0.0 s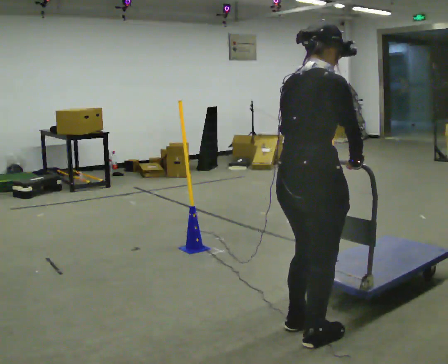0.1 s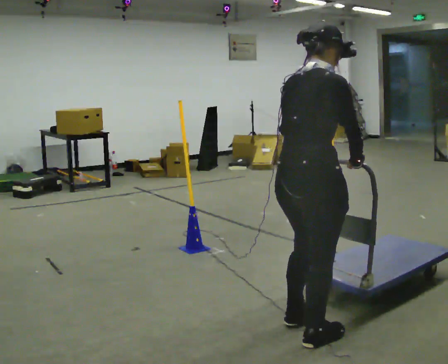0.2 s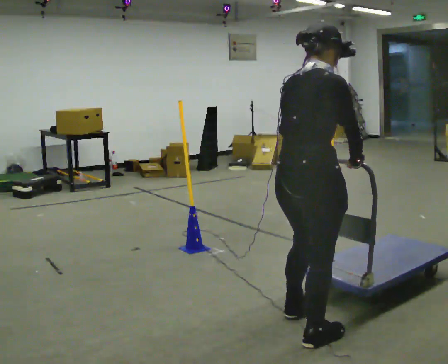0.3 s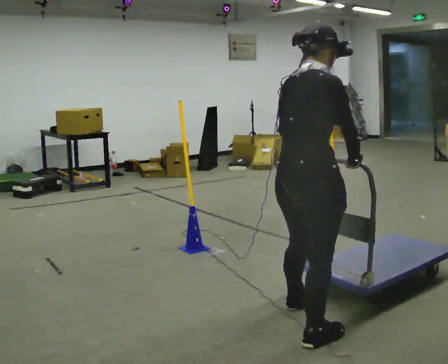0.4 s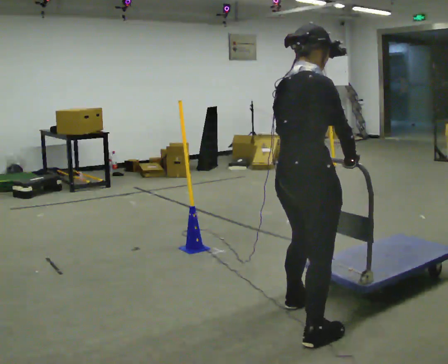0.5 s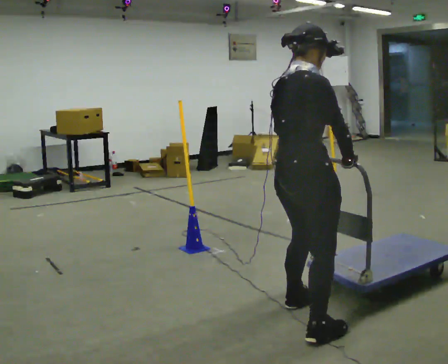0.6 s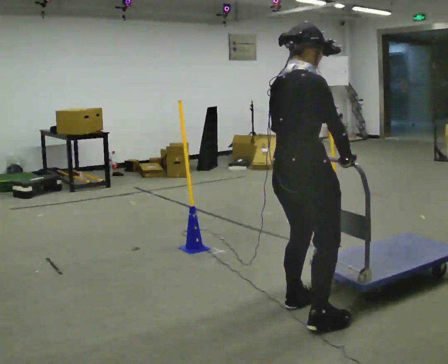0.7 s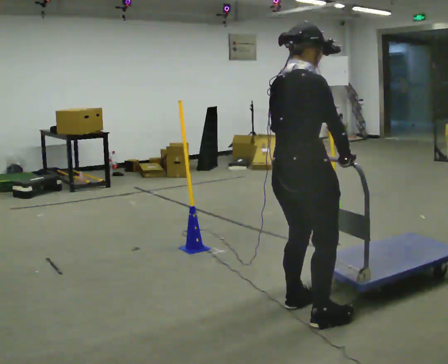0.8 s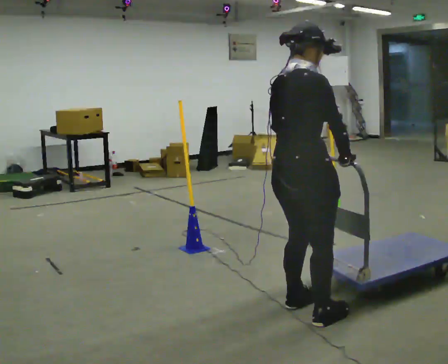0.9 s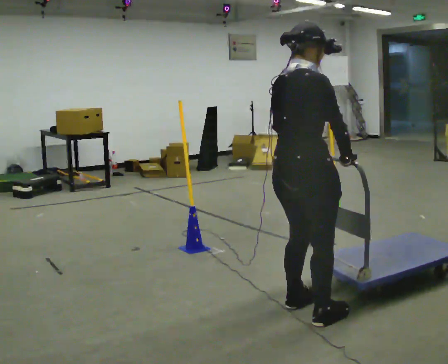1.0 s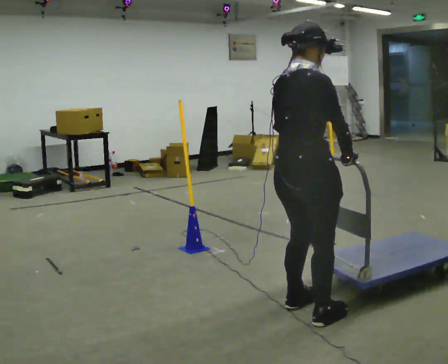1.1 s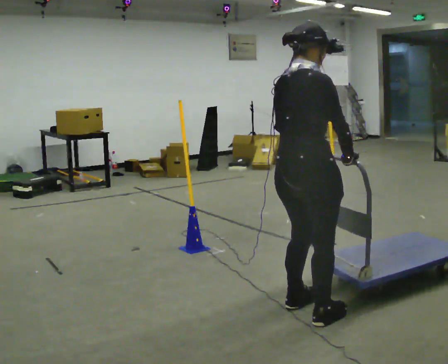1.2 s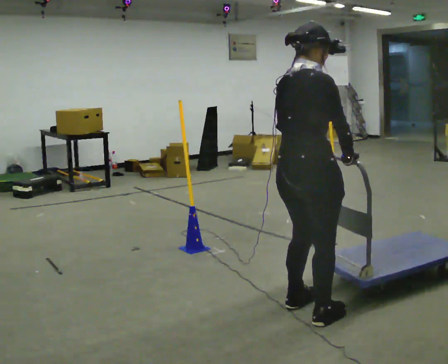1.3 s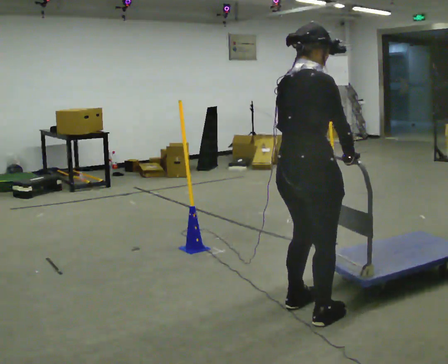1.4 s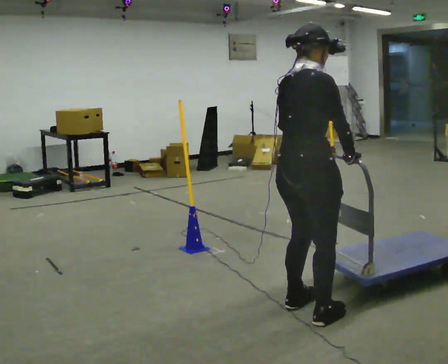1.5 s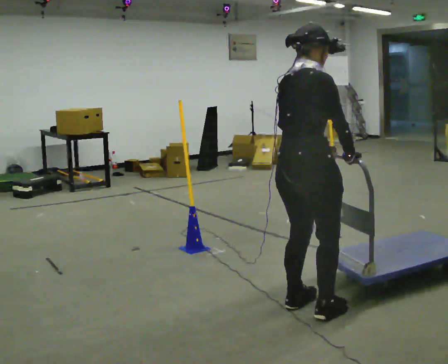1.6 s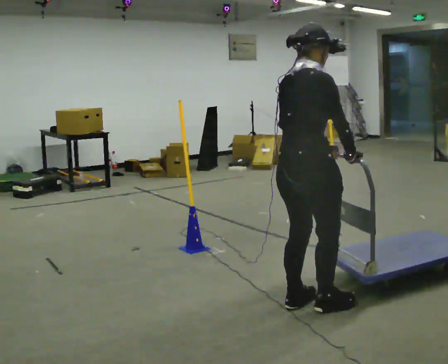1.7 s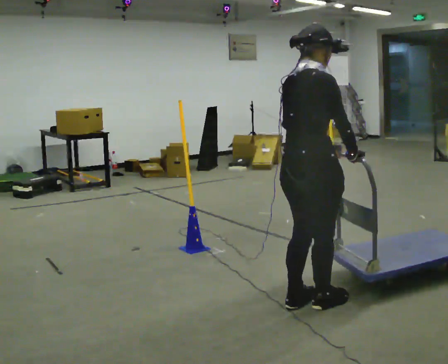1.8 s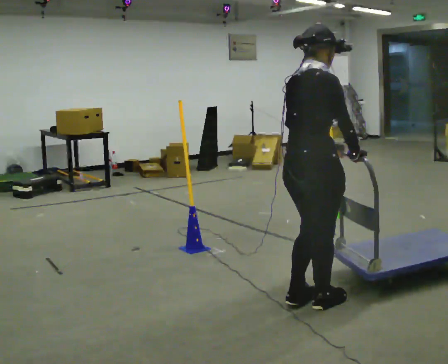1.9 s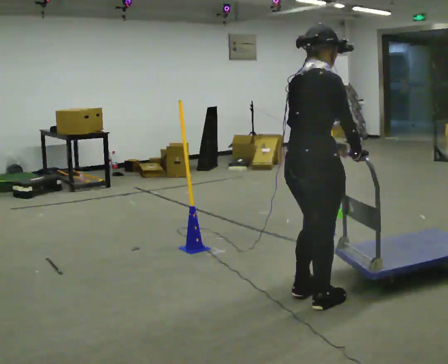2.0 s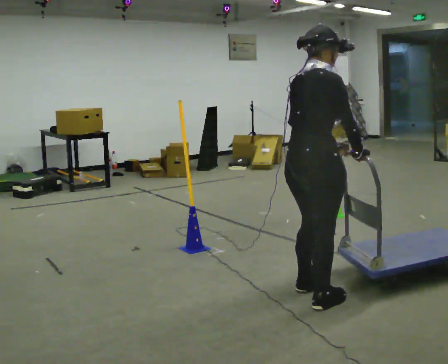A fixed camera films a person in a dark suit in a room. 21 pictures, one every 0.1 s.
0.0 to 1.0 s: In the picture they go away from the camera, about 0.25 m in 2 steps, which for them is to their left and forward.
1.0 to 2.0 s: In the picture they go away from the camera, about 0.25 m in 2 steps, which for them is forward.
The film runs backward here.
